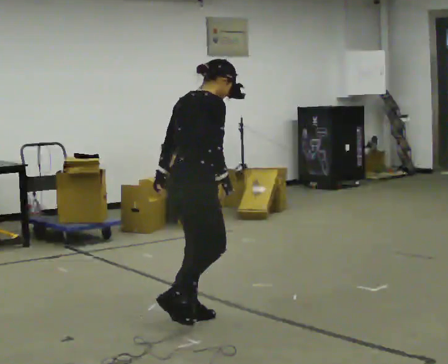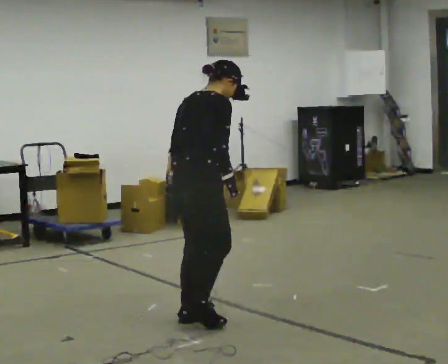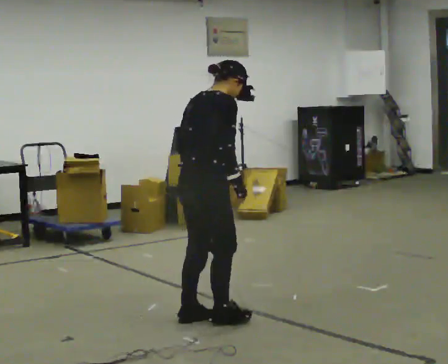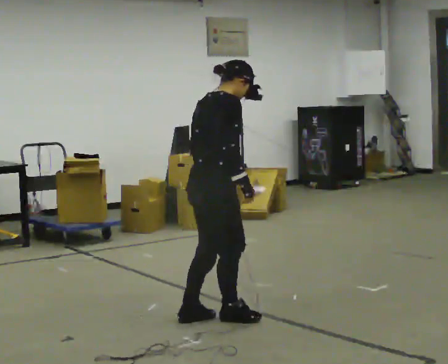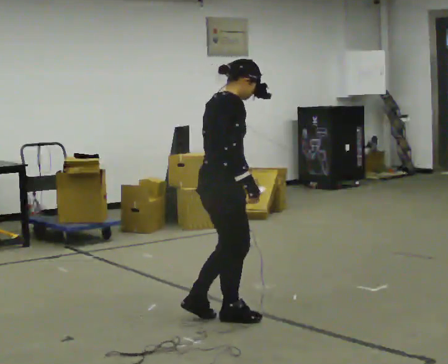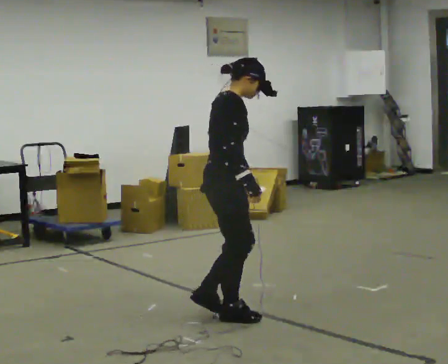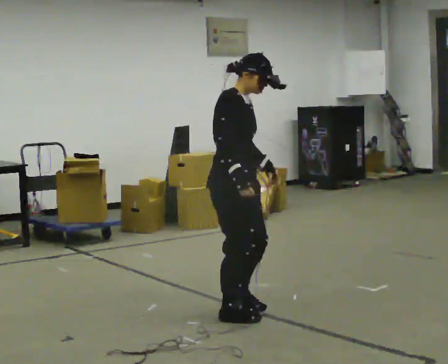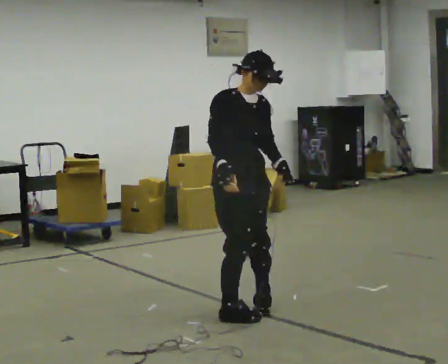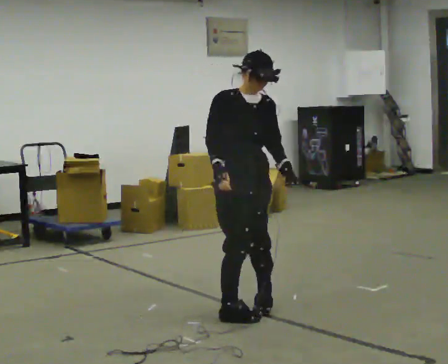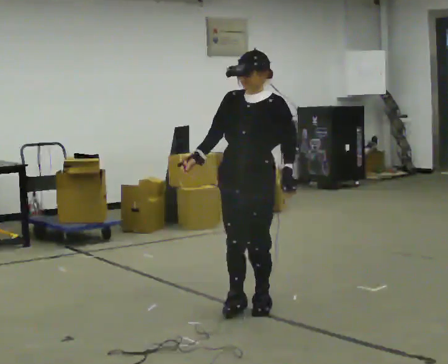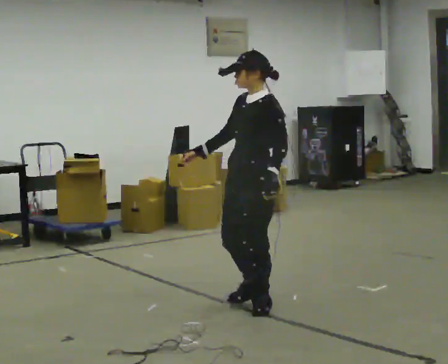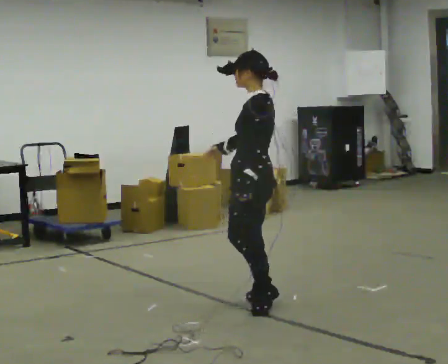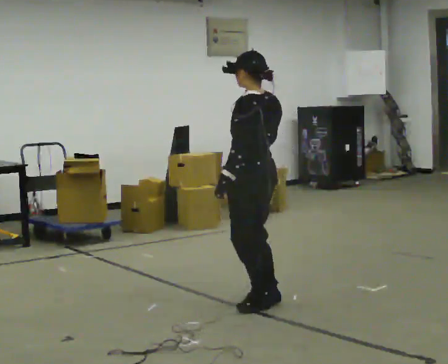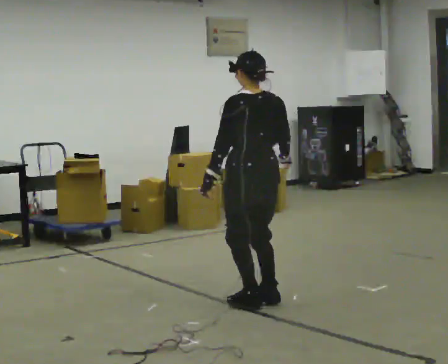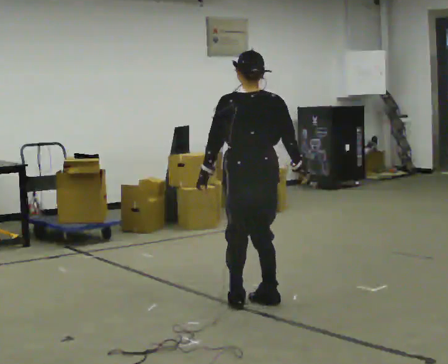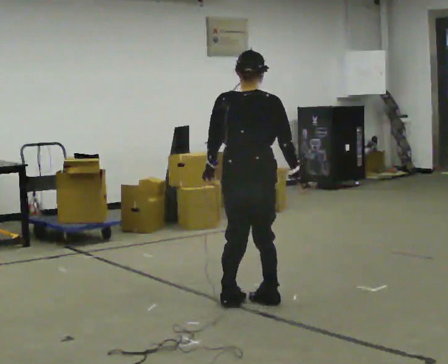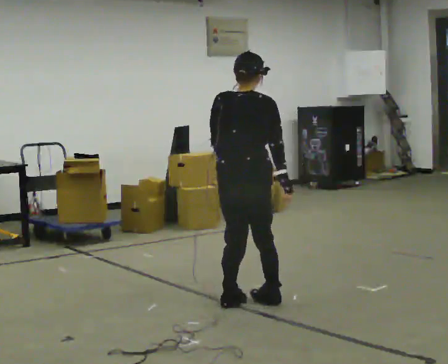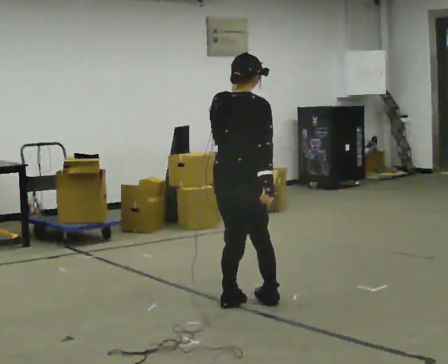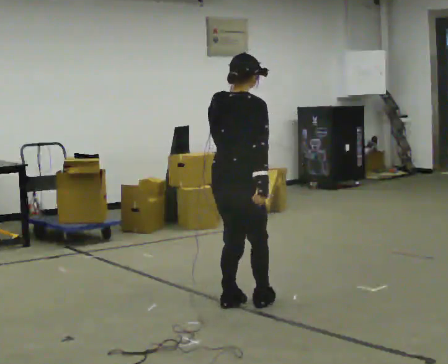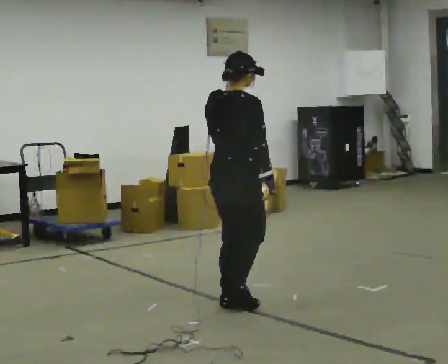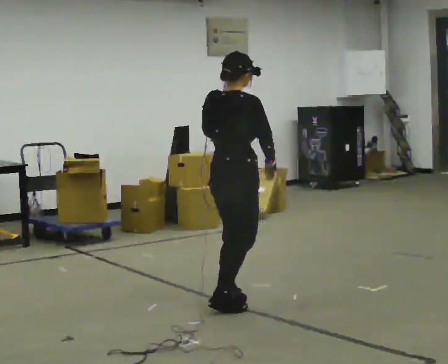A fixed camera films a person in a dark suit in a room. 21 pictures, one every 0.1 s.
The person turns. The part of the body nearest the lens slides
to the left.
The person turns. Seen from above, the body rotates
clockwise.
0.0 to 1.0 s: The part of the body nearest the lens slides to the left as the person turns to their right by about 180 degrees. In the picture they go to the right and away from the camera, about 0.5 m in 2 steps. The upper body tips toward the camera, its near side rolling downward, as they lean back or straighten.
1.0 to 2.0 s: The part of the body nearest the lens slides to the left as the person turns to their right by about 165 degrees. In the picture they go to the left, about 0.25 m in 2 steps.
The film runs forward here.
